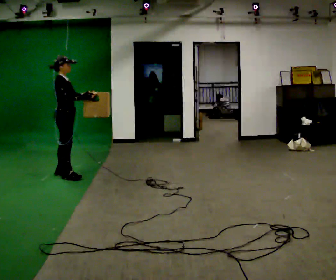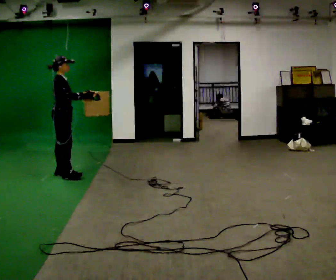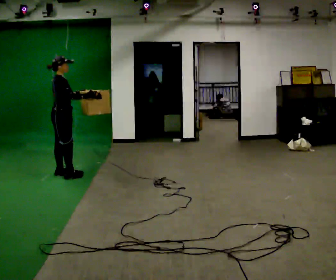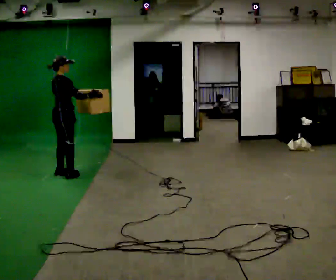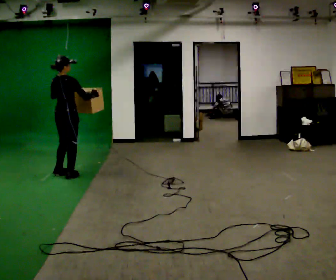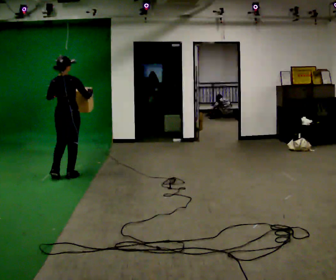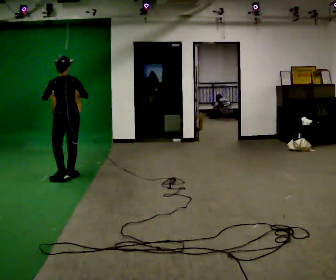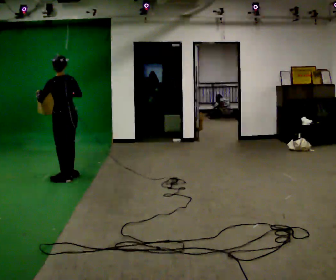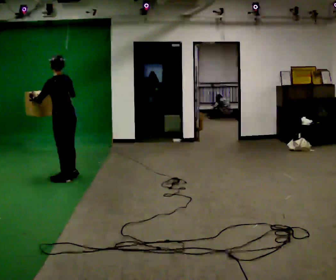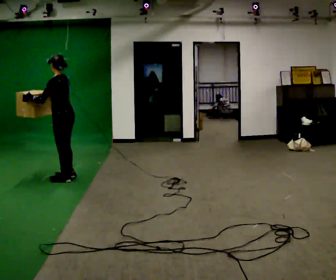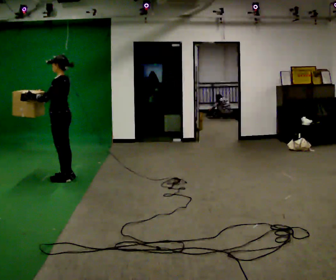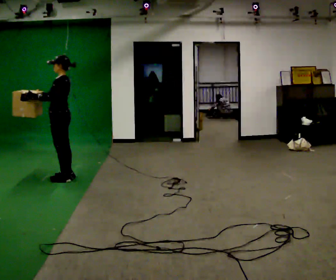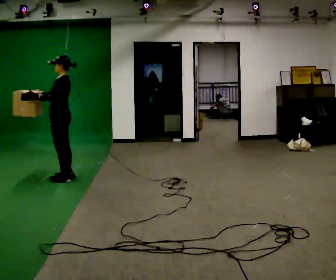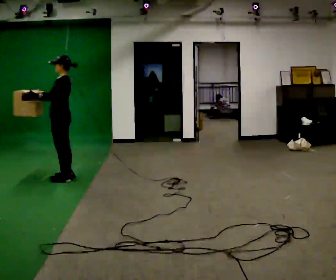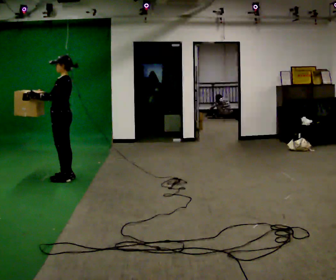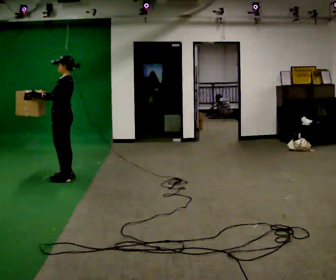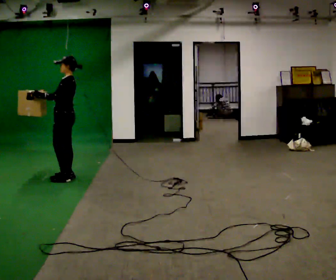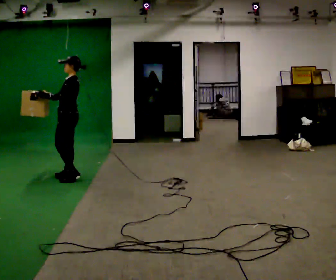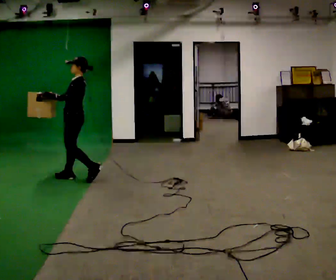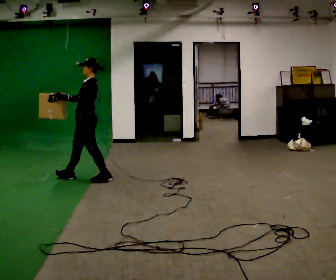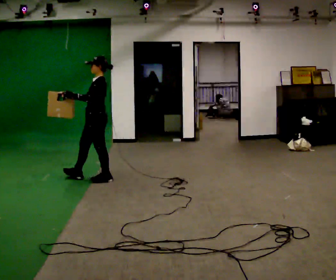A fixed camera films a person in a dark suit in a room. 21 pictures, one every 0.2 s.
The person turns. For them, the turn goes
to their left.
The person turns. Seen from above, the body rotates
counterclockwise.
0.0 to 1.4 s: Seen from above the body turns counterclockwise, about 120 degrees: to their left, with its near side sliding to the right.
1.4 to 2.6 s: The part of the body nearest the lens slides to the right as the person turns to their left by about 60 degrees. In the picture their right hand goes to the left.
2.6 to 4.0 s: In the picture they go to the right, about 0.5 m in 2 steps, which for them is backward.
The film runs backward here.
